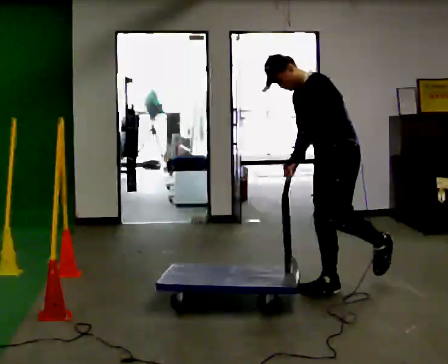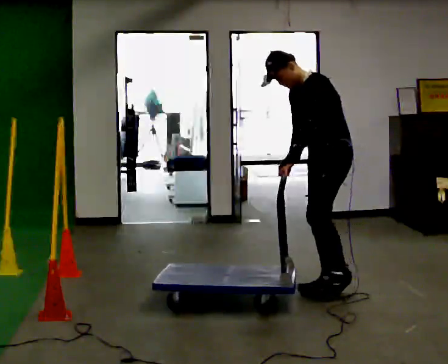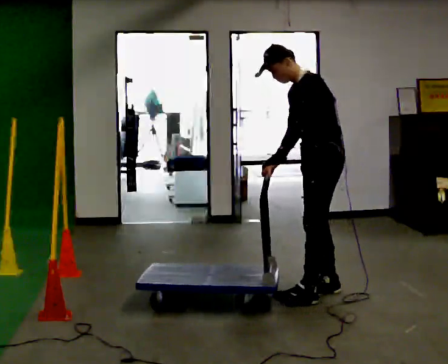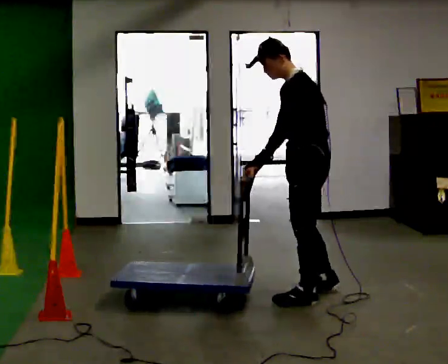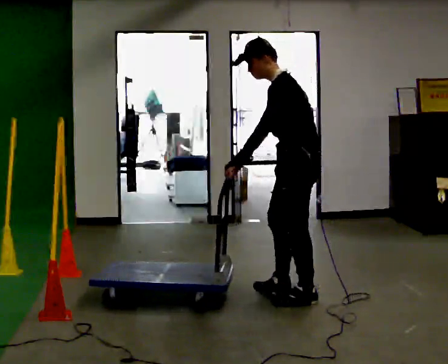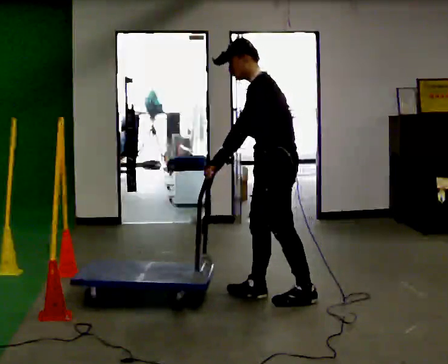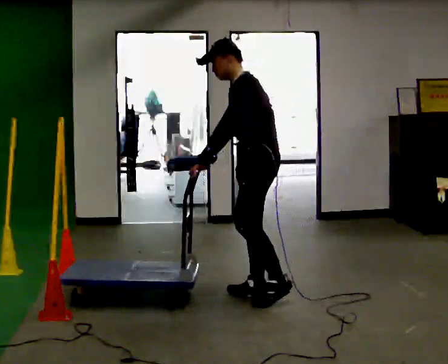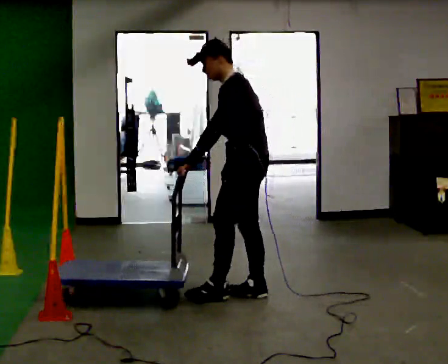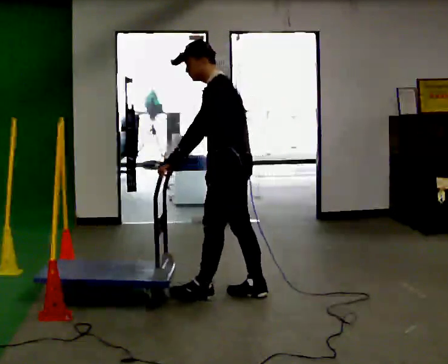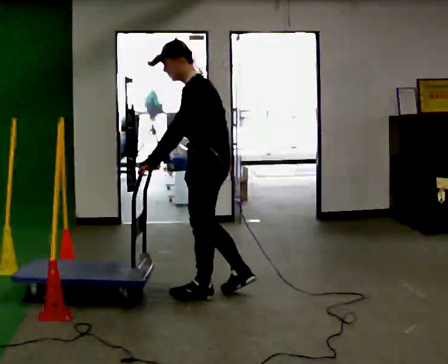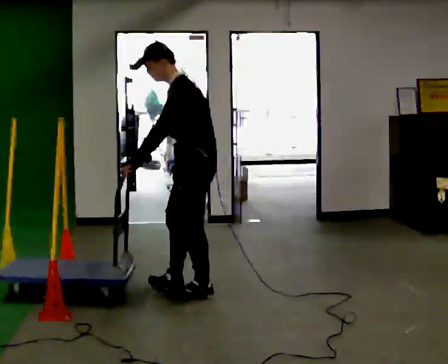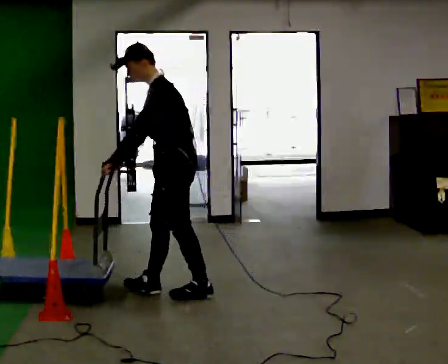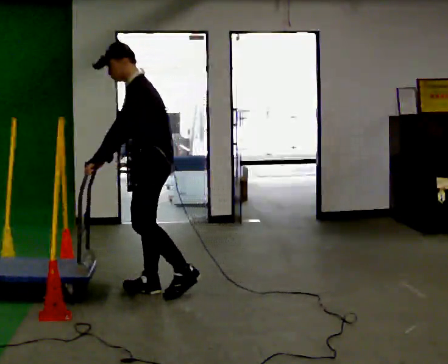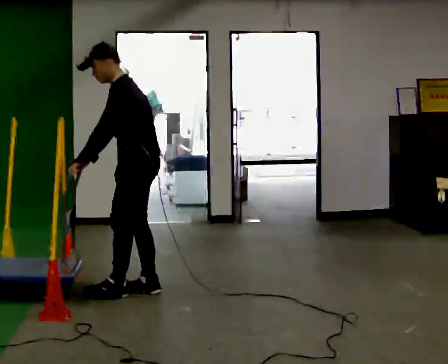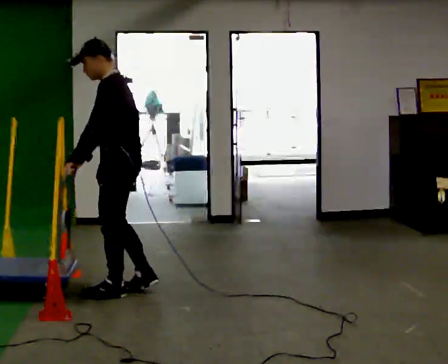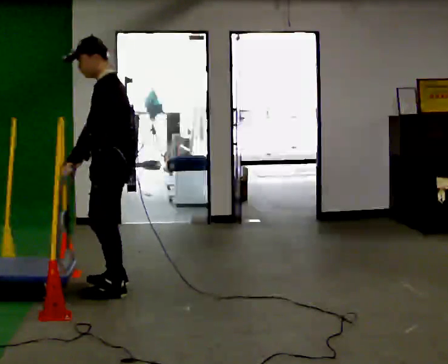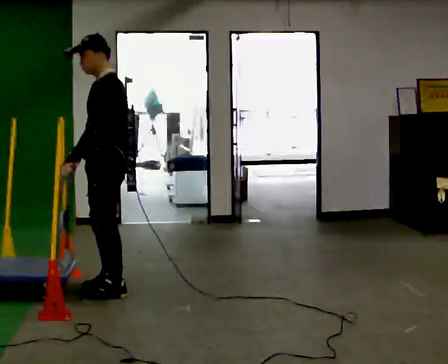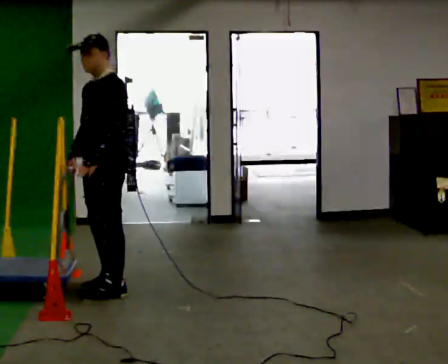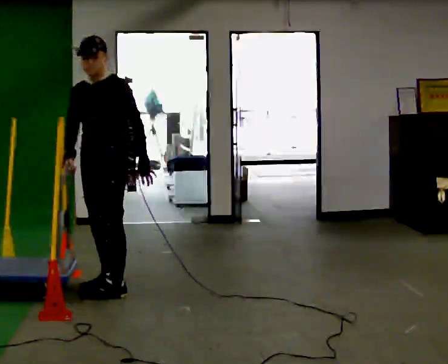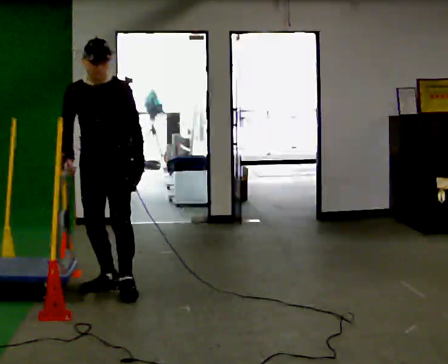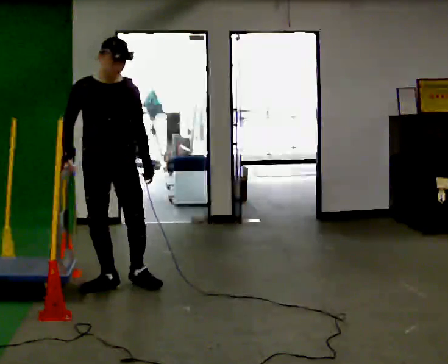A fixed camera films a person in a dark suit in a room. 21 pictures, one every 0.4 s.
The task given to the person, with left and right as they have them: Get the cart into the marked parking space and lined up with the tape. Take as many adjustments as you need. Then take it out again and repeat.
0.0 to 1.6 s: In the picture they go to the left and toward the camera, about 0.25 m in 1 step, which for them is forward and to their left.
1.6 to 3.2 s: In the picture they go to the left and away from the camera, about 0.5 m in 2 steps, which for them is forward and to their right.
3.2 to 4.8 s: In the picture they go to the left, about 0.5 m in 1 step, which for them is forward.
4.8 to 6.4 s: In the picture they go to the left, about 0.25 m in 2 steps, which for them is forward.
6.4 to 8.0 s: Seen from above the body turns counterclockwise, about 75 degrees: to their left, with its near side sliding to the right. In the picture they go away from the camera, about 0.25 m. In the picture their left hand goes to the right, the arm swinging counterclockwise.
The film runs forward here.
